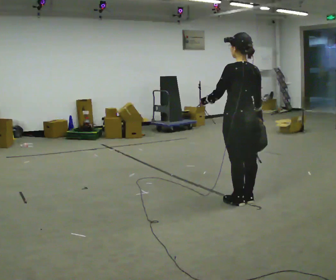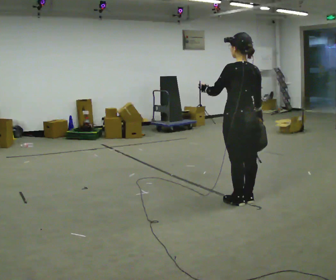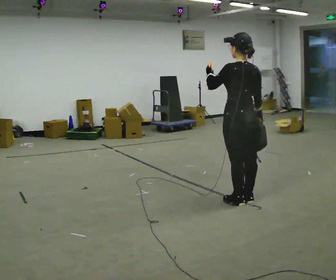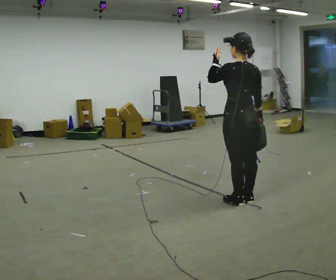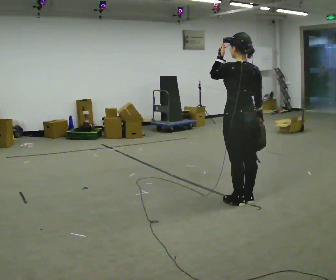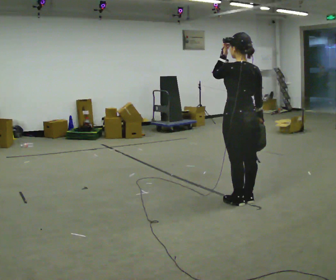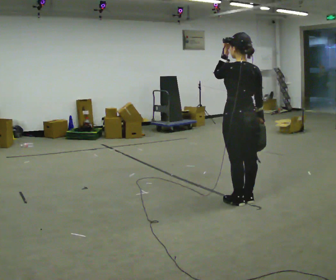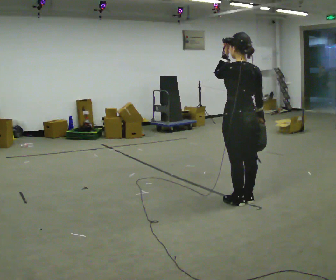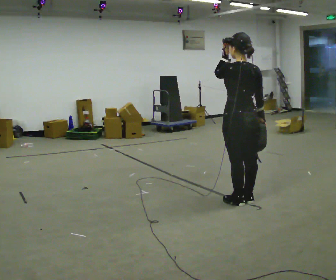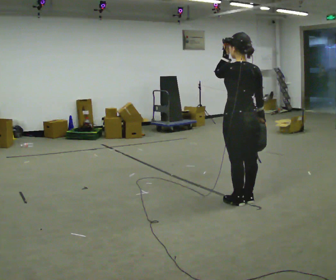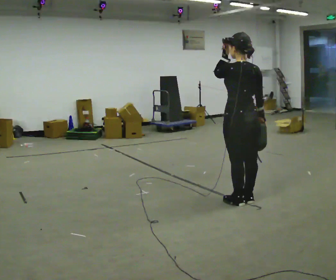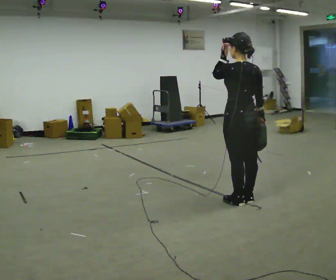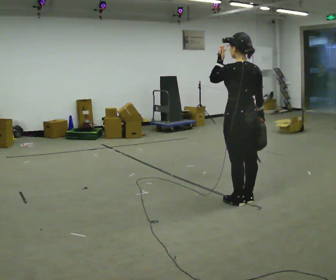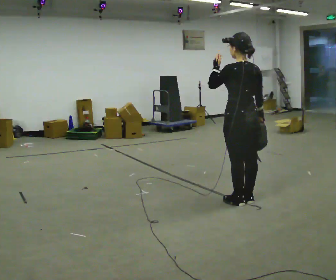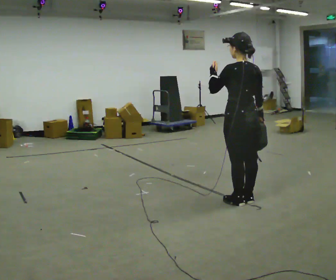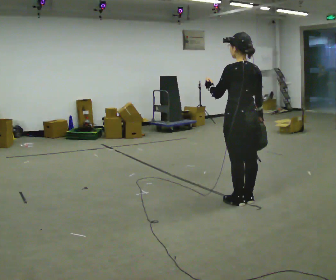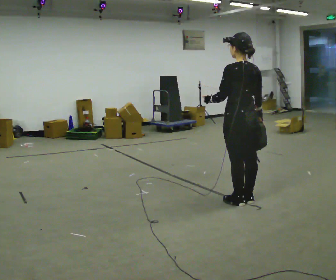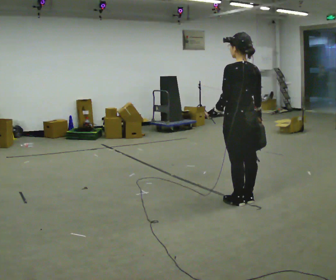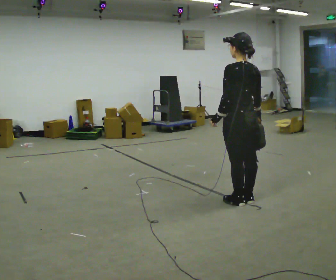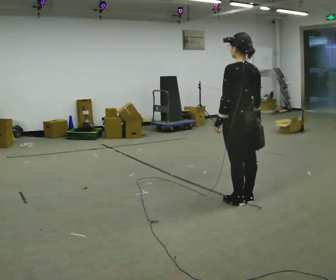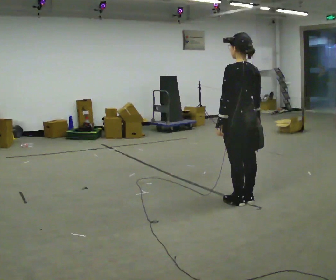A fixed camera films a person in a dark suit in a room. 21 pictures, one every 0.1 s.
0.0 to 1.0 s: In the picture their left hand goes upward.
1.0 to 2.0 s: In the picture their left hand goes downward.
The film runs forward here.
